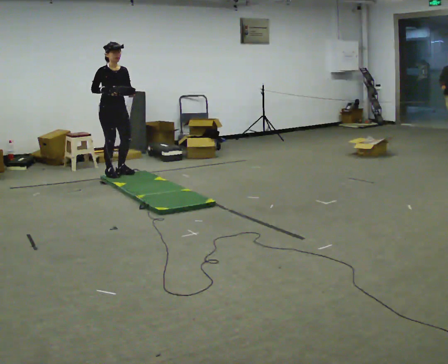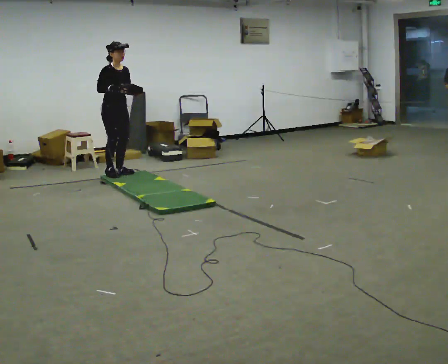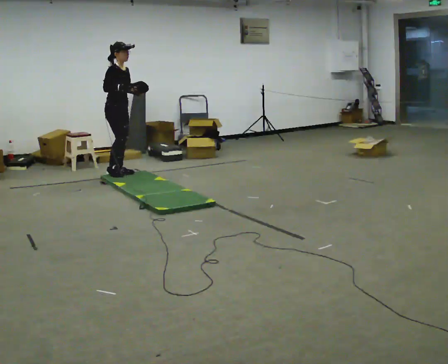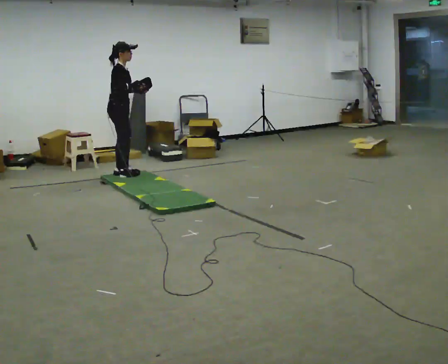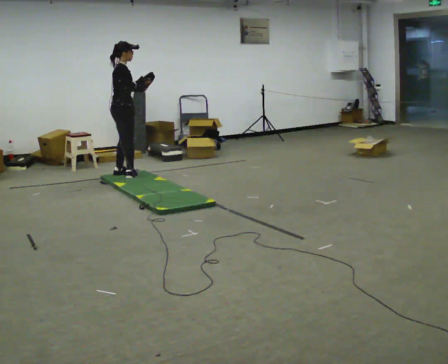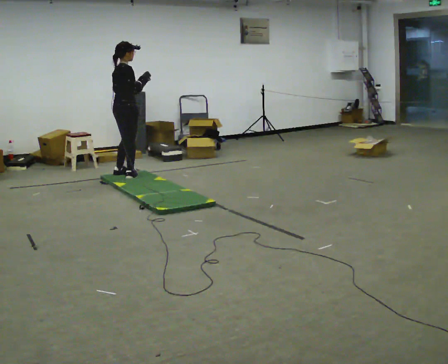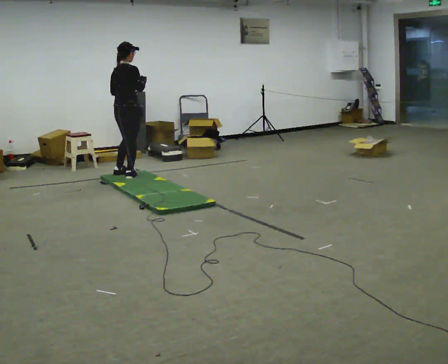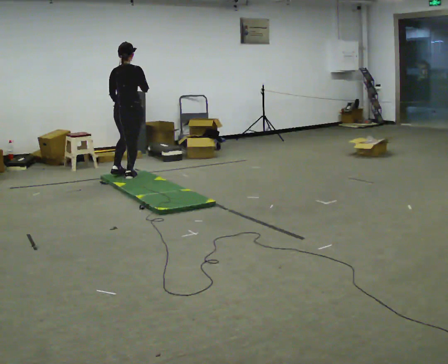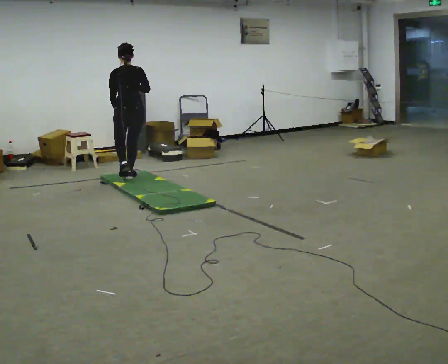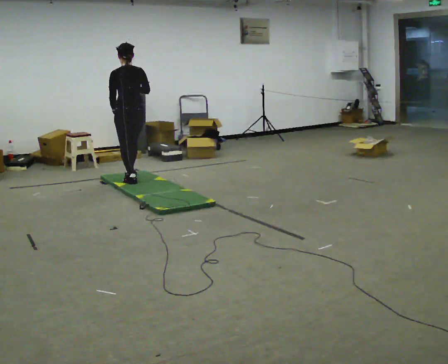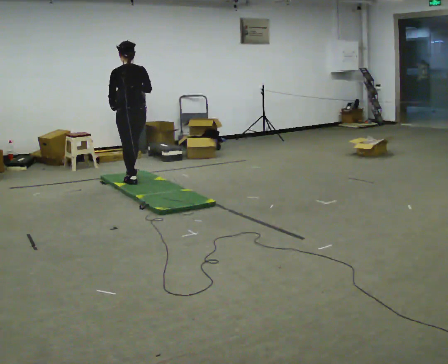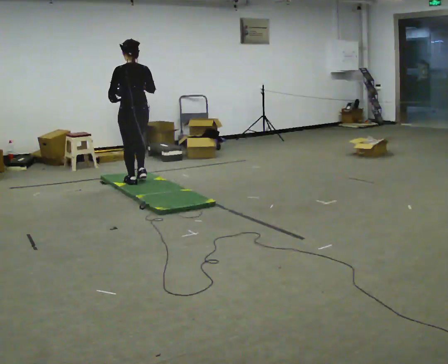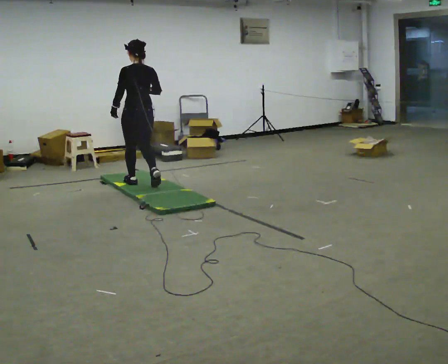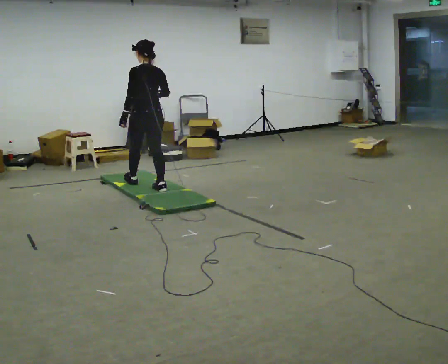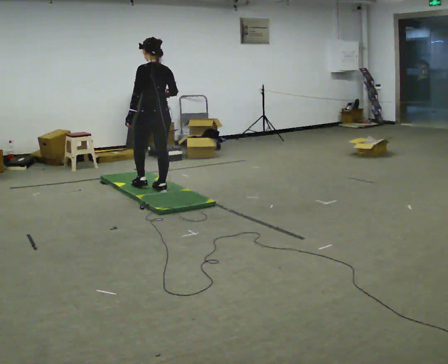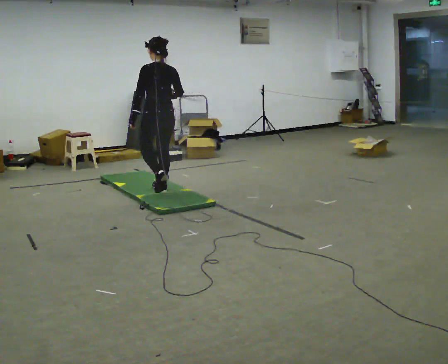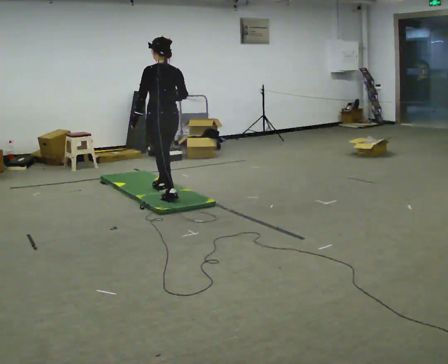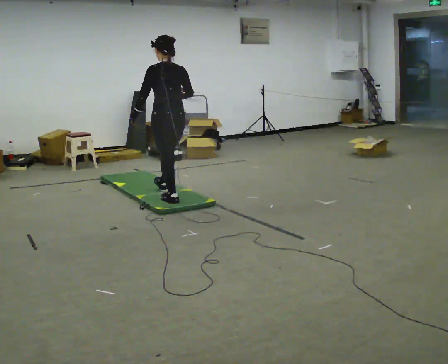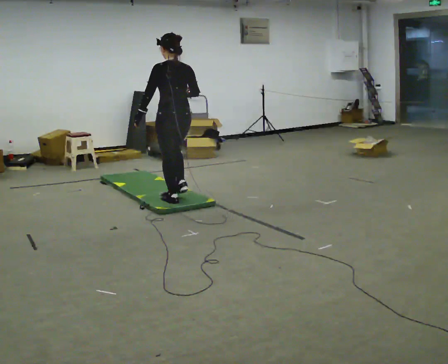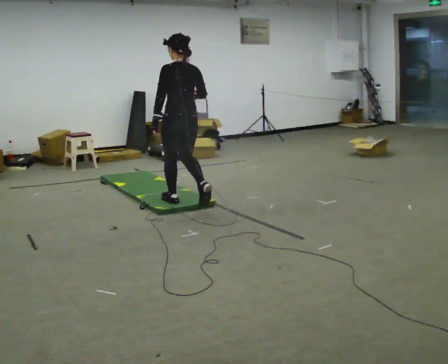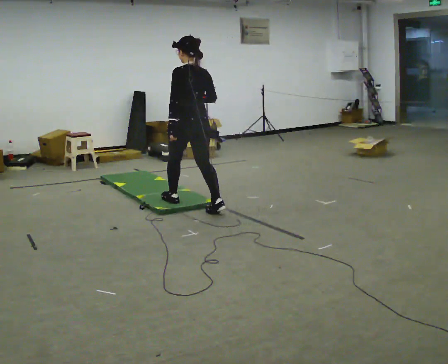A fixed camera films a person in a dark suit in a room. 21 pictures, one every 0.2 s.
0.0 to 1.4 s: The person turns about 135 degrees to their left, counterclockwise seen from above, so the part of the body nearest the lens slides to the right. In the picture they go to the right, about 0.25 m in 2 steps. In the picture their right hand goes to the right.
1.4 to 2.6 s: The part of the body nearest the lens slides to the right as the person turns to their left by about 45 degrees. In the picture they go toward the camera and to the right, about 0.5 m in 1 step, which for them is backward.
2.6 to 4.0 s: In the picture they go toward the camera and to the right, about 1 m in 2 steps, which for them is backward.
The film runs backward here.
